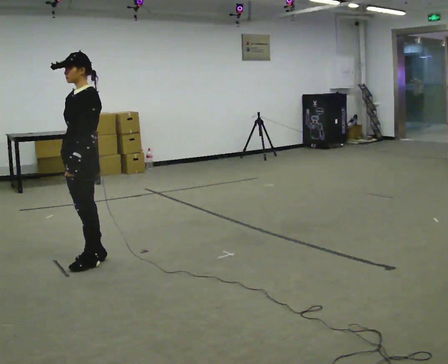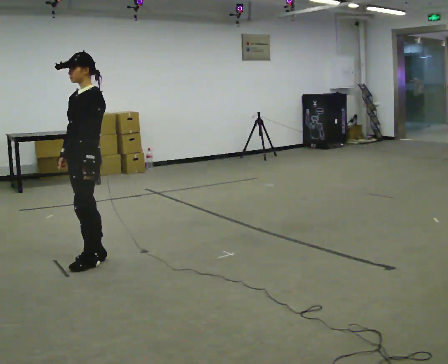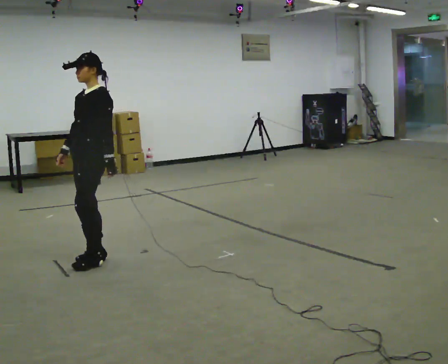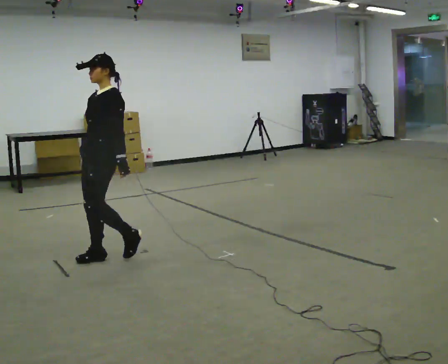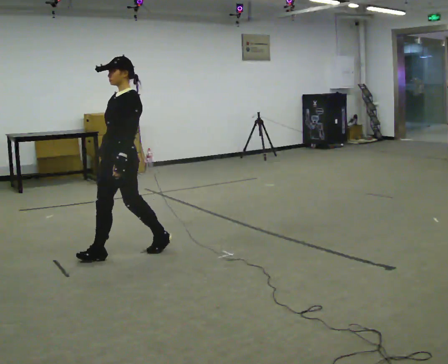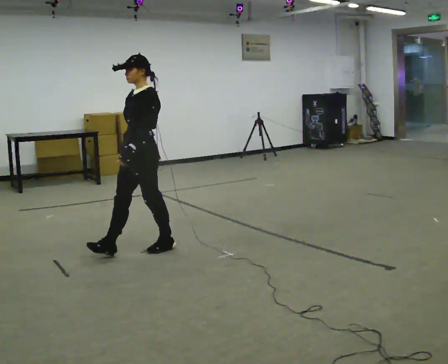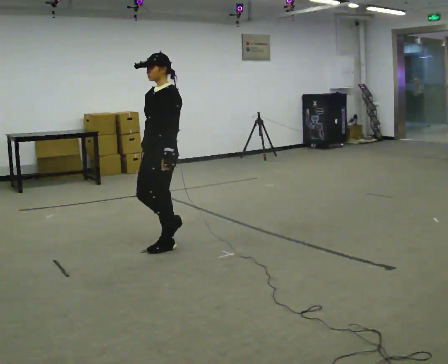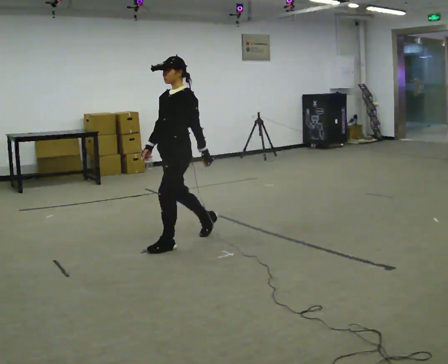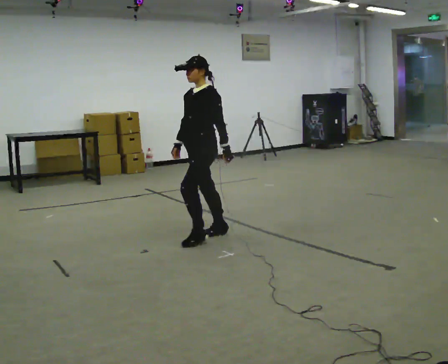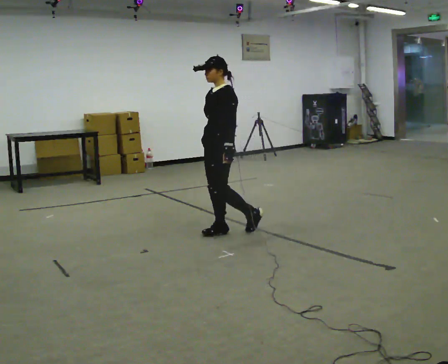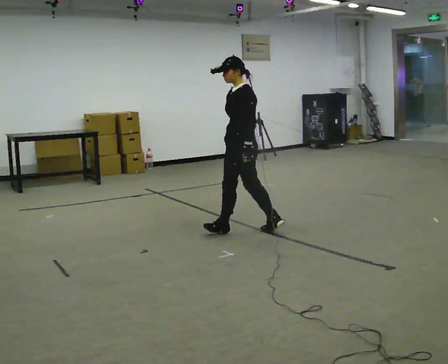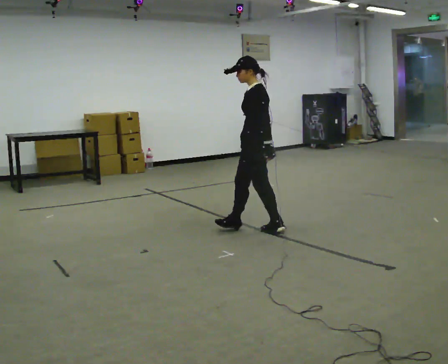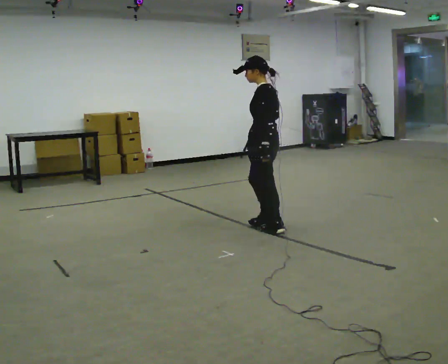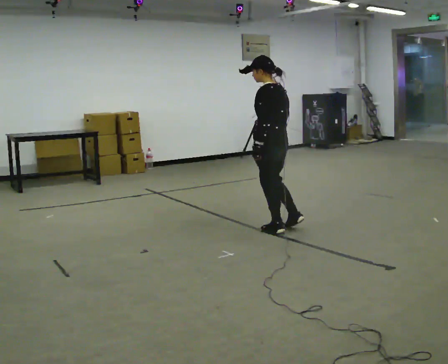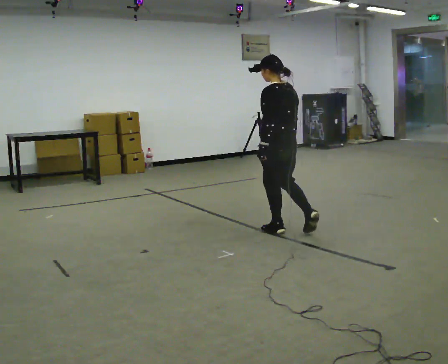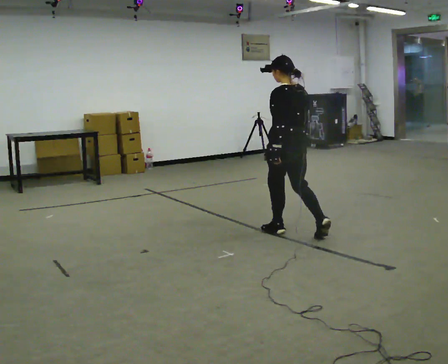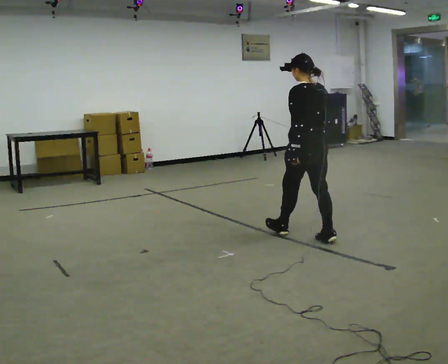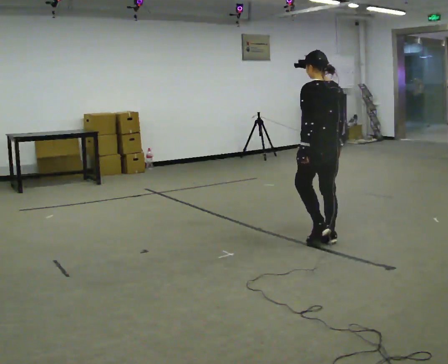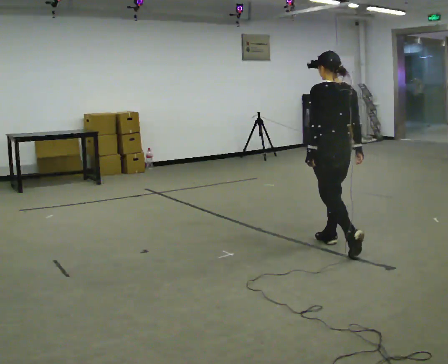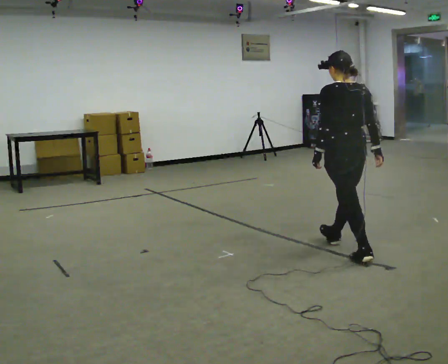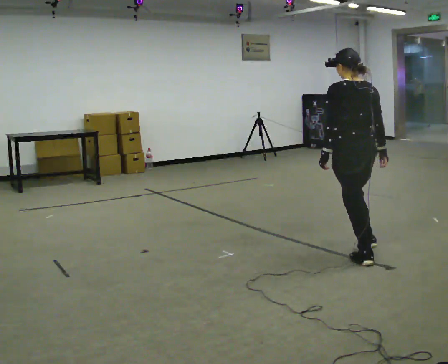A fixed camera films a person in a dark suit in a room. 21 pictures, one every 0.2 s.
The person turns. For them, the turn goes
to their right.
The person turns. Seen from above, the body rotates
clockwise.
0.0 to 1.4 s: In the picture they go to the right and away from the camera, about 1 m in 2 steps, which for them is backward.
1.4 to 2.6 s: The part of the body nearest the lens slides to the left as the person turns to their right by about 60 degrees. In the picture they go to the right and away from the camera, about 1 m in 2 steps.
2.6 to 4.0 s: Seen from above the body turns clockwise, about 30 degrees: to their right, with its near side sliding to the left. In the picture they go toward the camera and to the right, about 1 m in 2 steps, which for them is backward.
The film runs backward here.
